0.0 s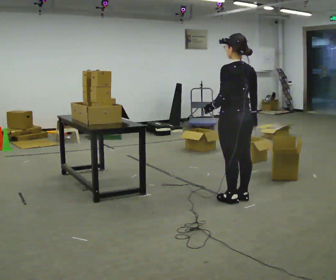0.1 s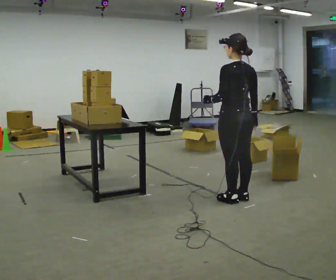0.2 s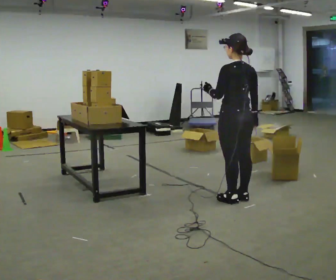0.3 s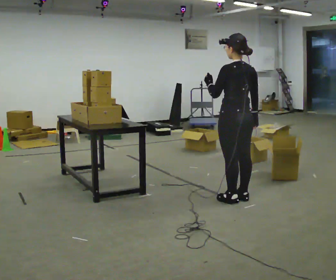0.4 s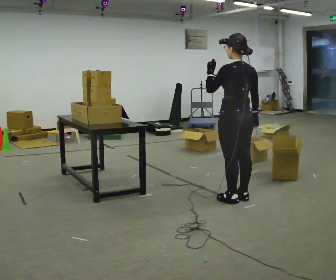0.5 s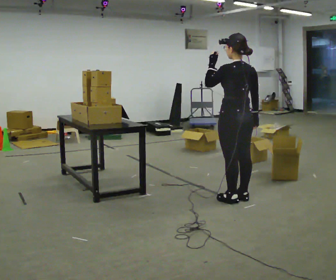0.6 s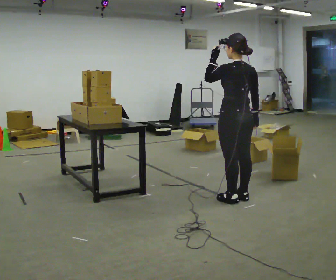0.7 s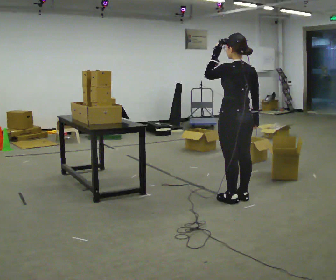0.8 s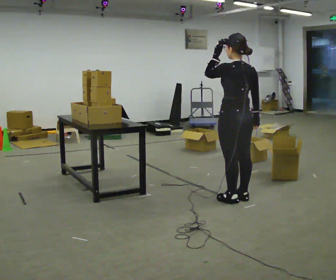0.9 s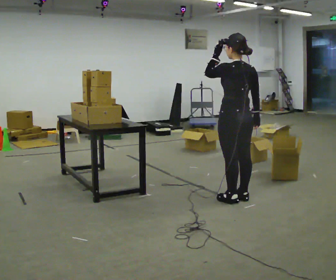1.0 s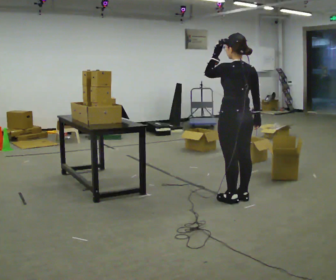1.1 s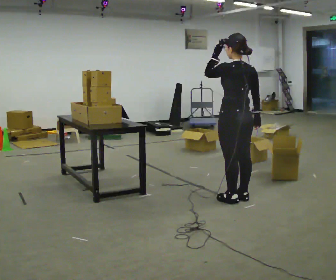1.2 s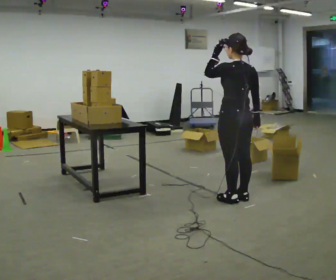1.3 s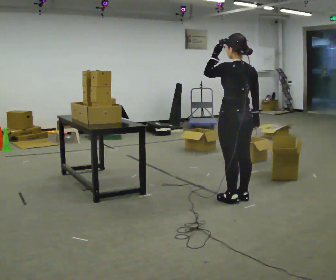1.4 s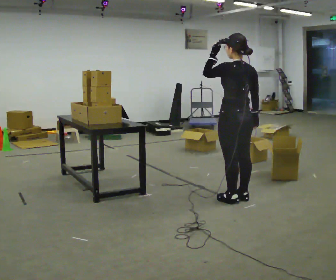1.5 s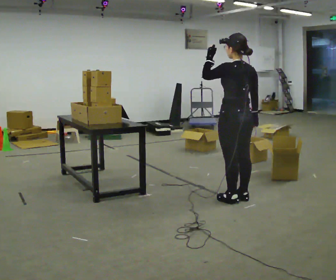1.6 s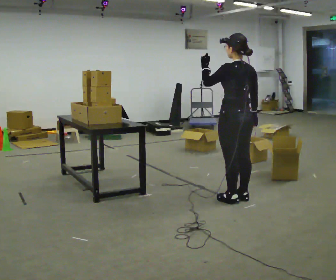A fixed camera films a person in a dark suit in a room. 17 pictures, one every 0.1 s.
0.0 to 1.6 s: In the picture their left hand goes upward.
The film runs backward here.
